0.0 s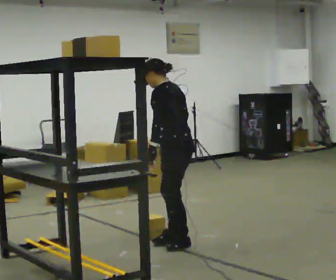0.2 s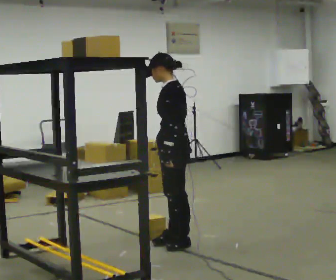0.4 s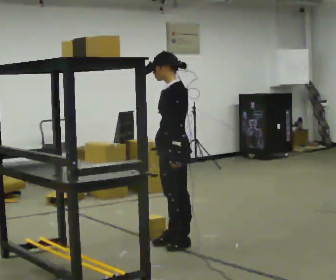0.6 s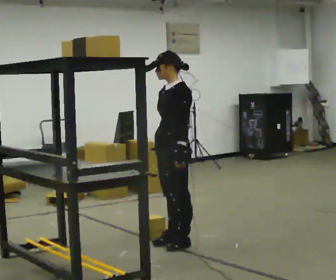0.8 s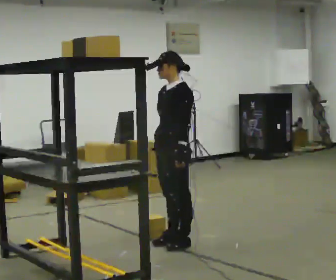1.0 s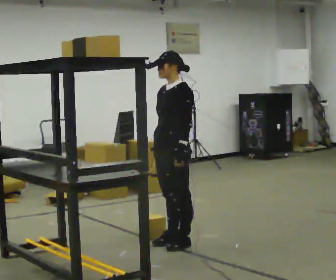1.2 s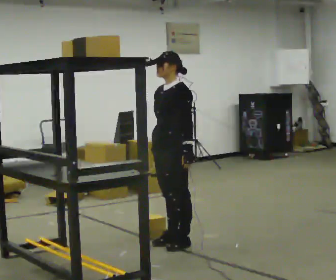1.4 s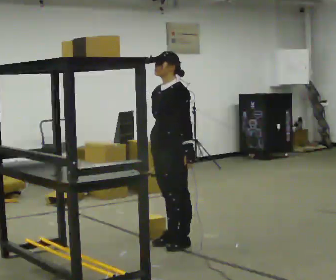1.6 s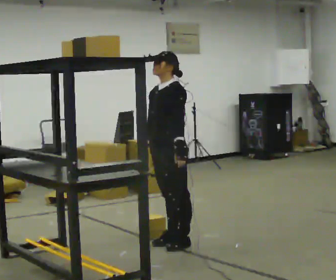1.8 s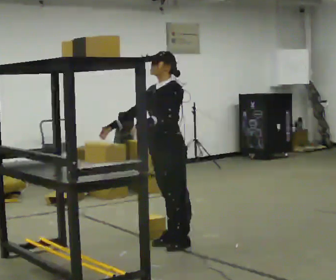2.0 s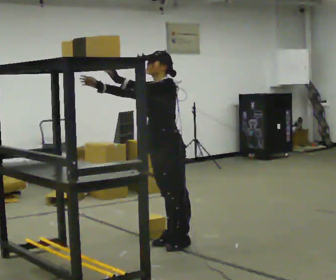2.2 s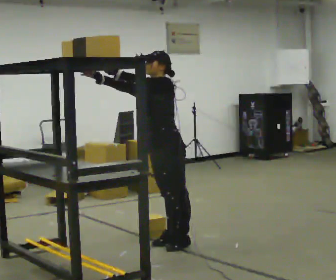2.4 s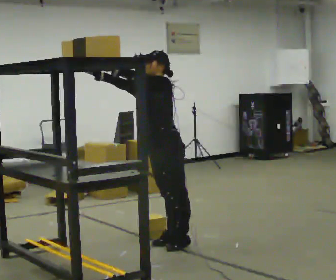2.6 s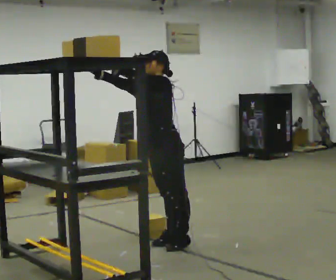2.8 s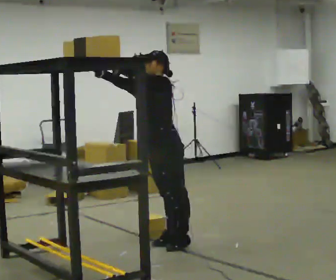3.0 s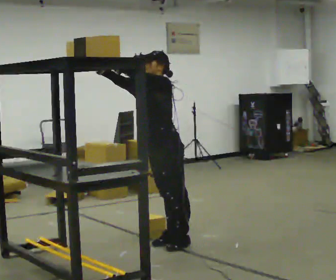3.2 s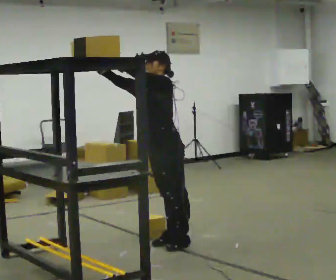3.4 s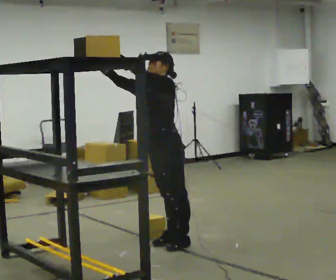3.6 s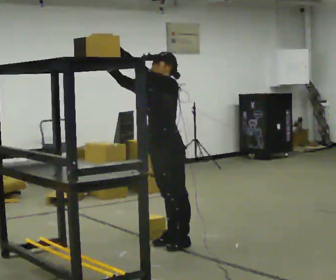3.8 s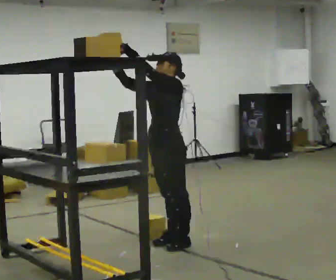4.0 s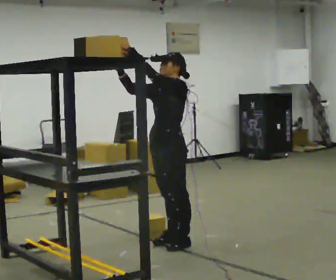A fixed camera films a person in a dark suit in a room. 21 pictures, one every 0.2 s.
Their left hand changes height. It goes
upward.
Their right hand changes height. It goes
upward.
0.0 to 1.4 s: The part of the body nearest the lens slides to the right as the person turns to their left by about 45 degrees. In the picture the upper body tilts clockwise, shoulders to the right, as they lean back or straighten.
1.4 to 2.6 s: In the picture their right hand goes upward and to the left, the arm swinging clockwise.
2.6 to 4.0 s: The person moves a little, or ends about where they began.
The film runs backward here.
